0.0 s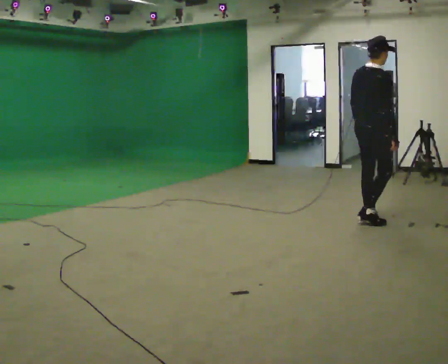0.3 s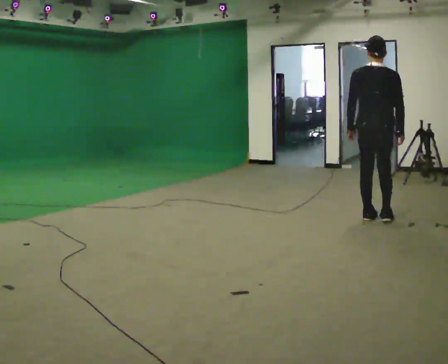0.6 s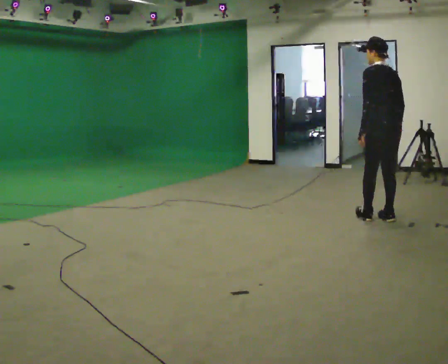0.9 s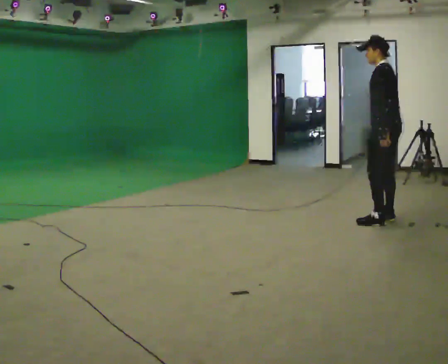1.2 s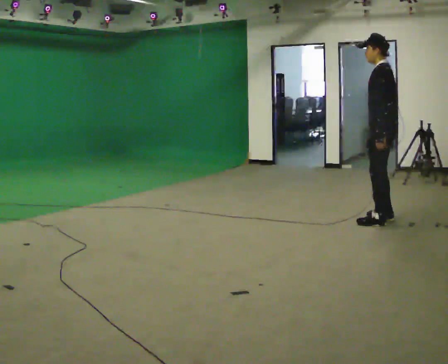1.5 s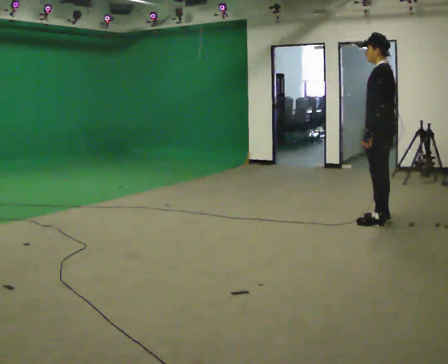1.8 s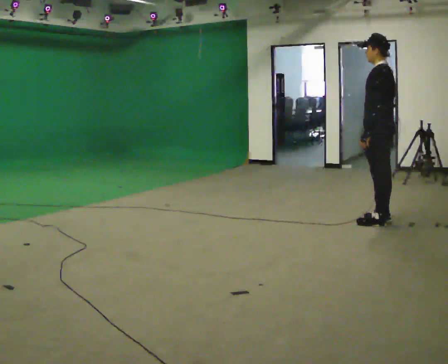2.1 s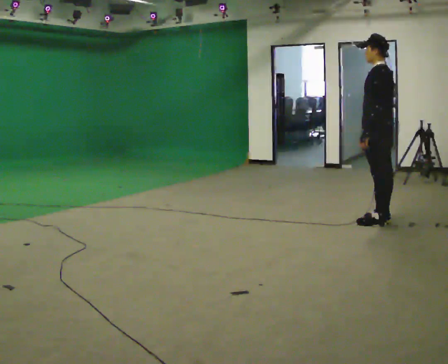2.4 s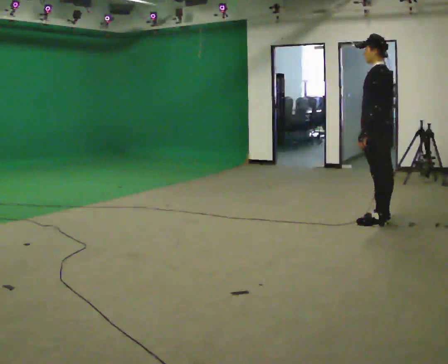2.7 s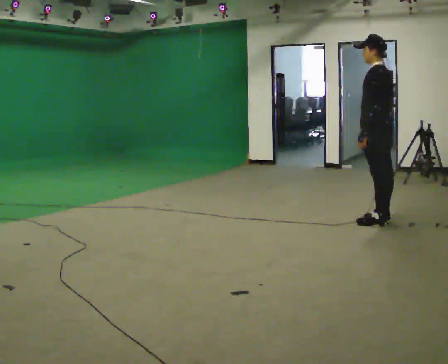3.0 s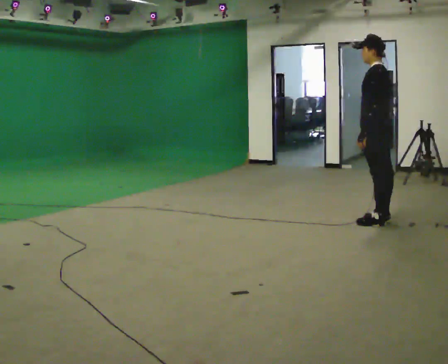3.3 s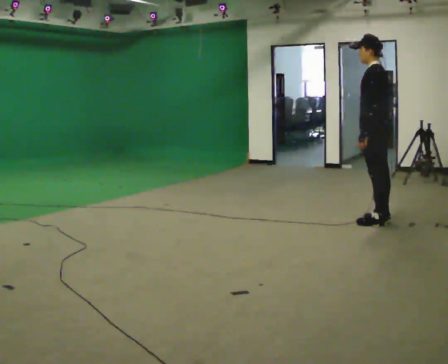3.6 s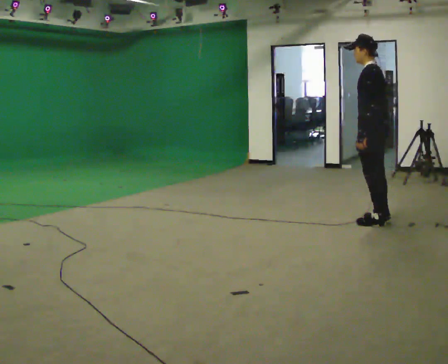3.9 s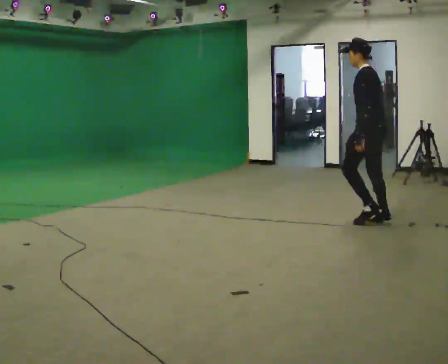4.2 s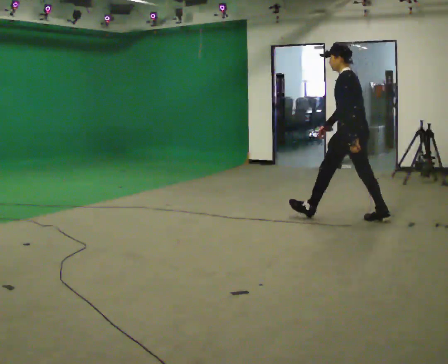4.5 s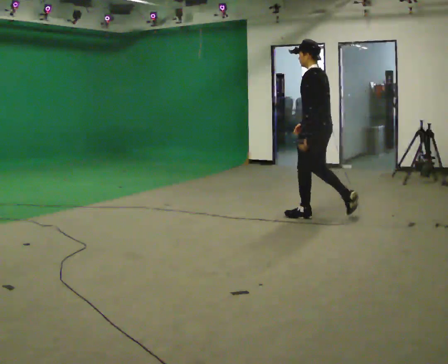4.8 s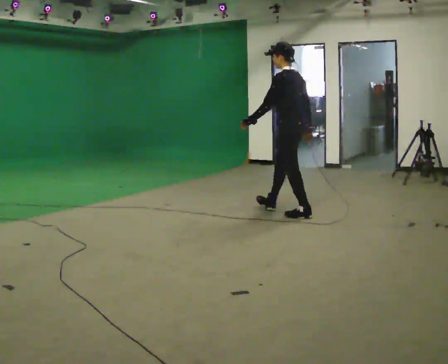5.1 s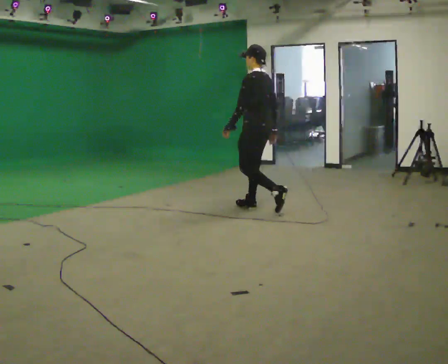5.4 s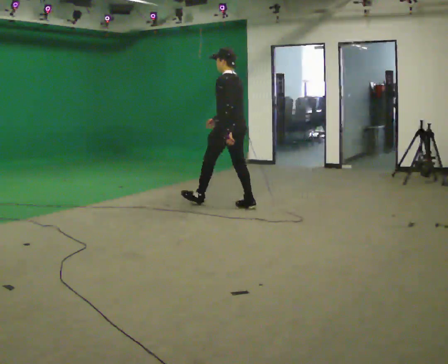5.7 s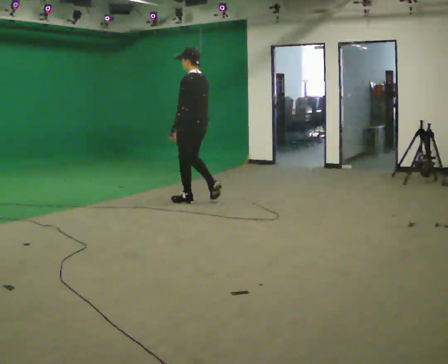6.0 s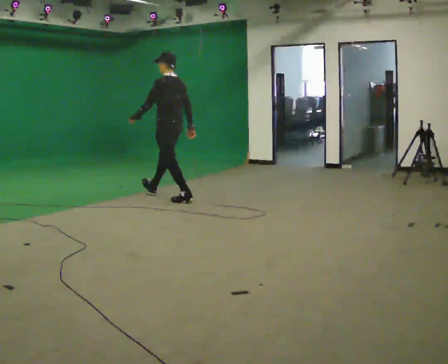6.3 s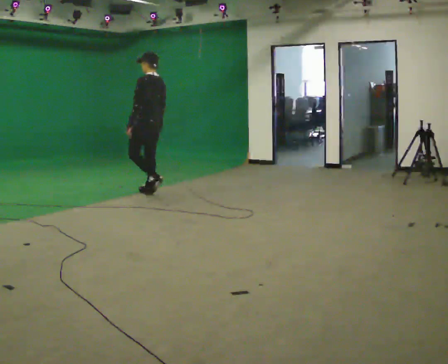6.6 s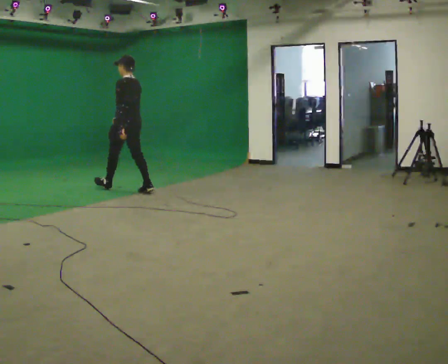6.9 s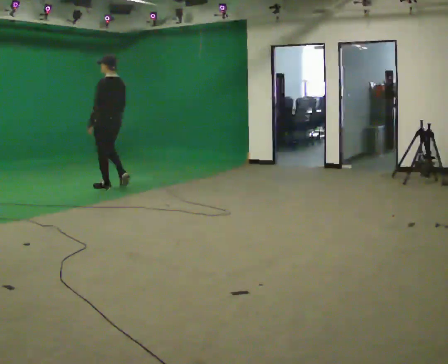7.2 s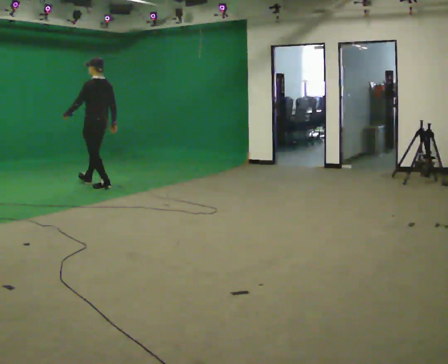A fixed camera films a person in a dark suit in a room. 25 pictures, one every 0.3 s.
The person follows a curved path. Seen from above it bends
clockwise.
The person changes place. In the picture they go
to the left.
0.0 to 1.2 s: The part of the body nearest the lens slides to the right as the person turns to their left by about 120 degrees.
1.2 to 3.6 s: The person moves a little, or ends about where they began.
3.6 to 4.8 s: In the picture they go to the left, about 1 m in 1 step, which for them is forward.
4.8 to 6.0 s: In the picture they go to the left, about 1.5 m in 2 steps, which for them is forward.
6.0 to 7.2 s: In the picture they go to the left, about 1.5 m in 3 steps, which for them is forward.
The film runs forward here.
